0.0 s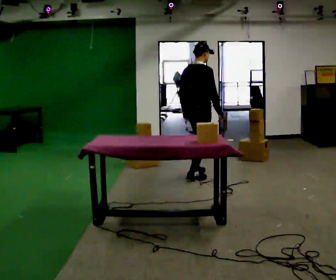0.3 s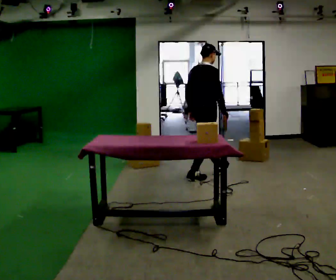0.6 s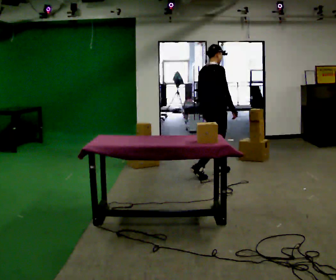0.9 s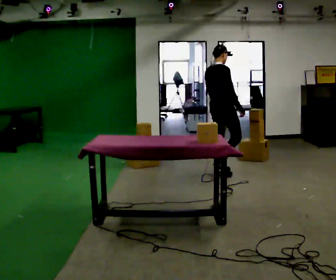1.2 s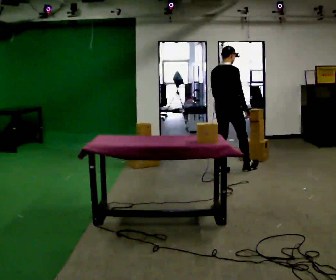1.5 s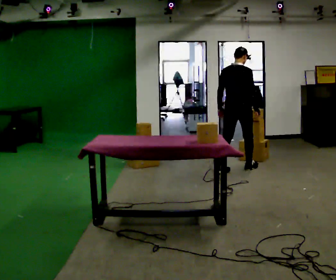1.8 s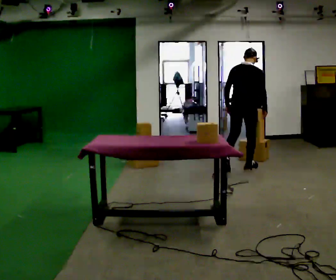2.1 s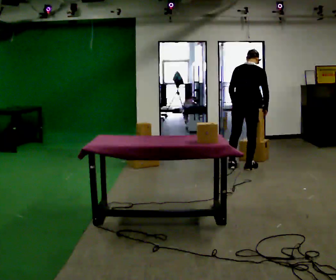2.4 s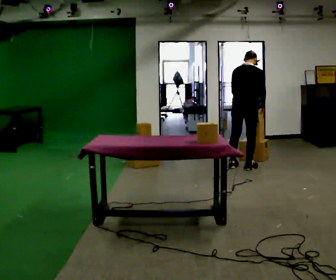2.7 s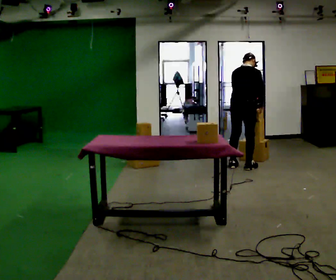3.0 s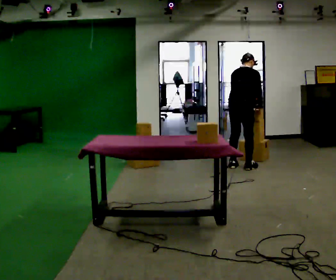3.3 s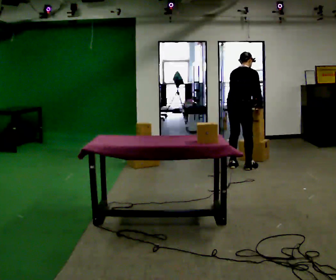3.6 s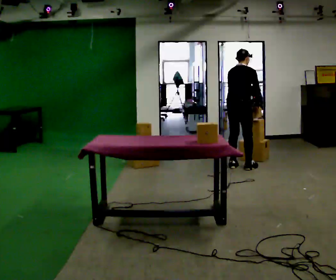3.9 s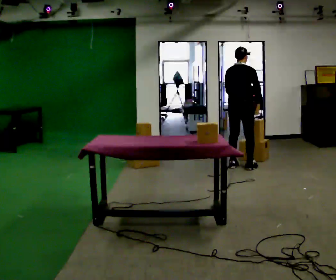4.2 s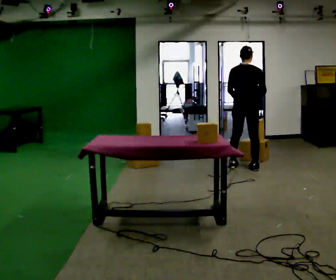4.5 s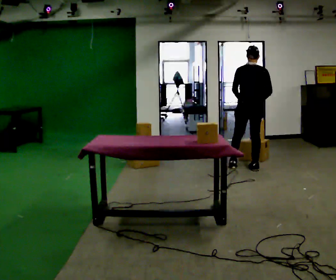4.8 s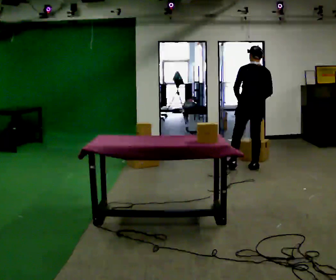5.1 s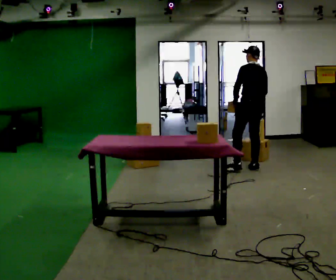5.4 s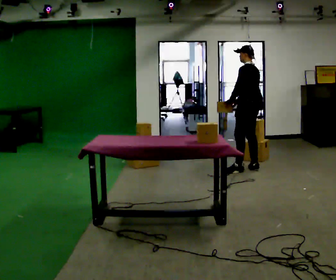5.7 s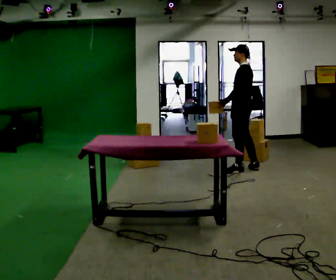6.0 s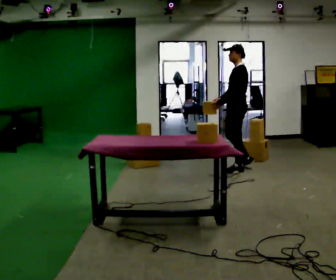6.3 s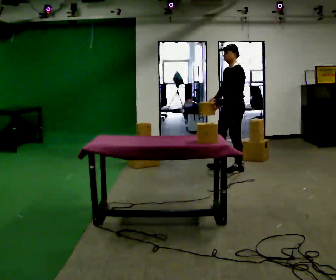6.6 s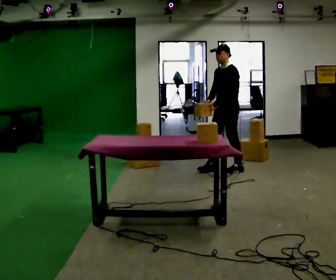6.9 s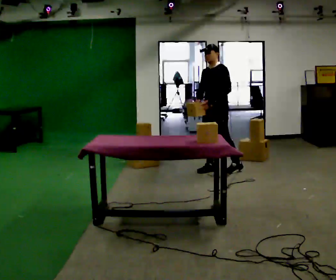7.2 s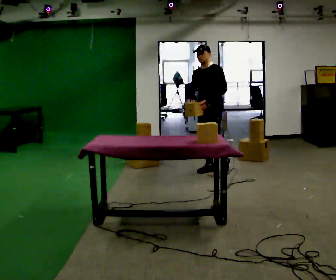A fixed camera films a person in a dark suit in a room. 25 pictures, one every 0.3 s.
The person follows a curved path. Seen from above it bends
clockwise.
The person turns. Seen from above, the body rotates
counterclockwise.
0.0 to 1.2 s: In the picture they go away from the camera and to the right, about 0.5 m in 1 step, which for them is forward.
1.2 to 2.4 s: In the picture they go to the right and away from the camera, about 0.25 m in 2 steps, which for them is forward and to their right.
2.4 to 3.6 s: The person moves a little, or ends about where they began.
3.6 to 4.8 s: The part of the body nearest the lens slides to the right as the person turns to their left by about 45 degrees. In the picture they go to the right, about 0.25 m, which for them is to their right.
4.8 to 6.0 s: The person turns about 75 degrees to their left, counterclockwise seen from above, so the part of the body nearest the lens slides to the right. In the picture they go to the left, about 0.25 m in 1 step.
6.0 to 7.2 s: The person turns about 45 degrees to their left, counterclockwise seen from above, so the part of the body nearest the lens slides to the right. In the picture they go to the left, about 0.25 m in 1 step, which for them is forward and to their right.
The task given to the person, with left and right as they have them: 1. Look at the shelf and see which spaces are empty. 2. Find matching items in the bins on the floor. 3. Fill the empty spaces on the shelf. 4. Tell the operator when you are finished.
The film runs forward here.
